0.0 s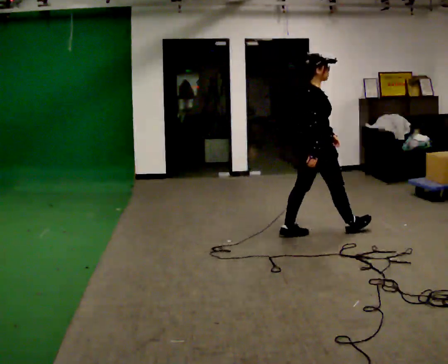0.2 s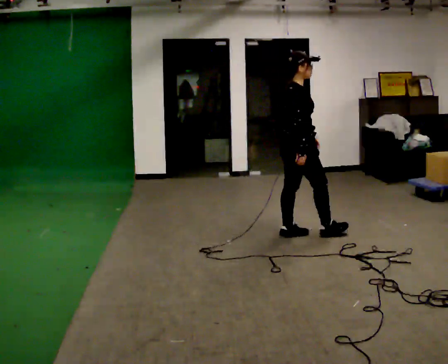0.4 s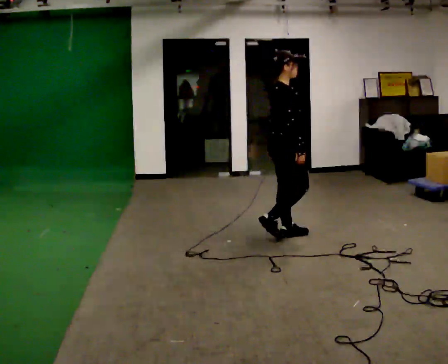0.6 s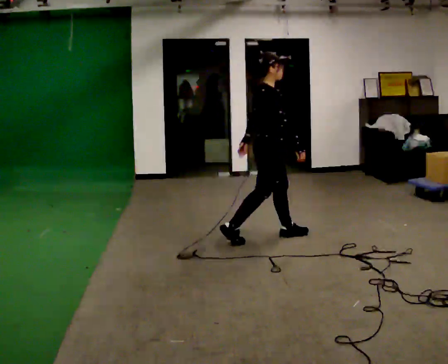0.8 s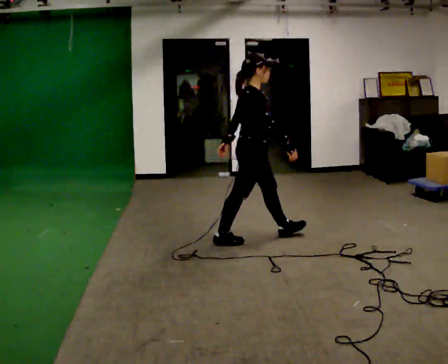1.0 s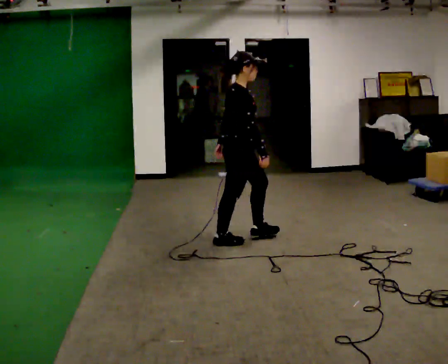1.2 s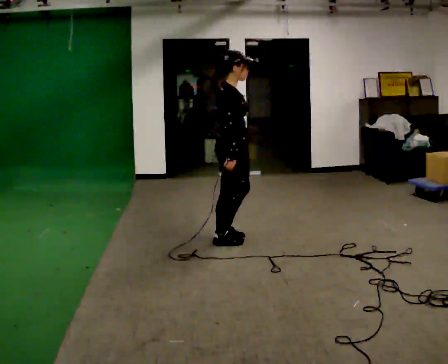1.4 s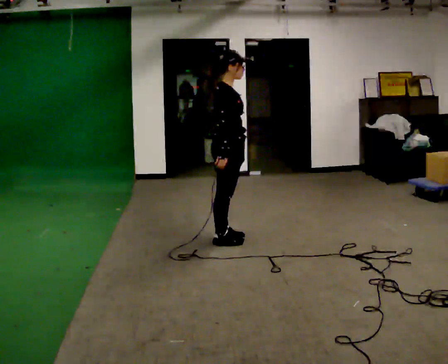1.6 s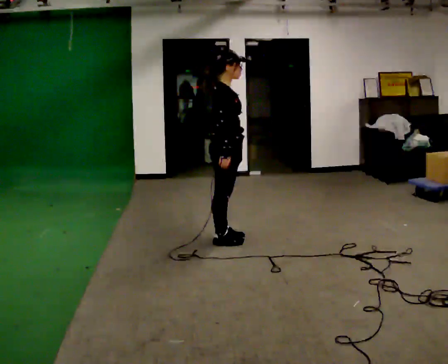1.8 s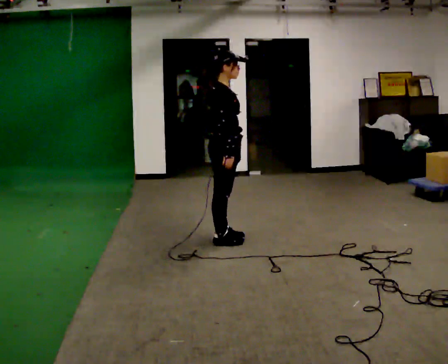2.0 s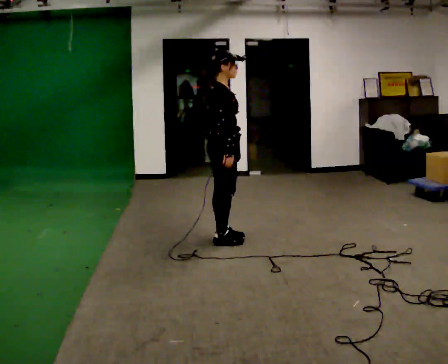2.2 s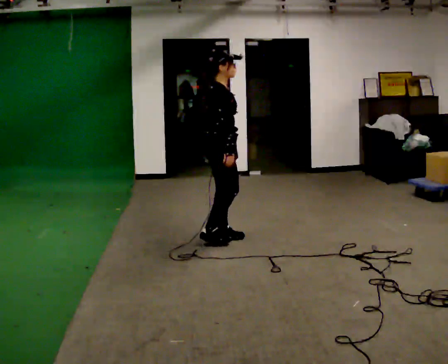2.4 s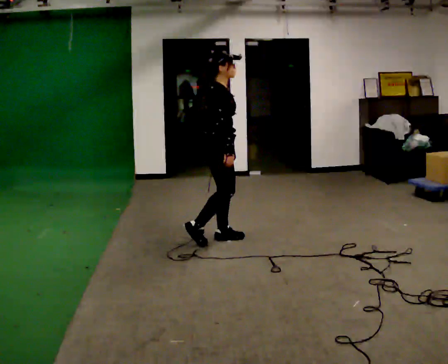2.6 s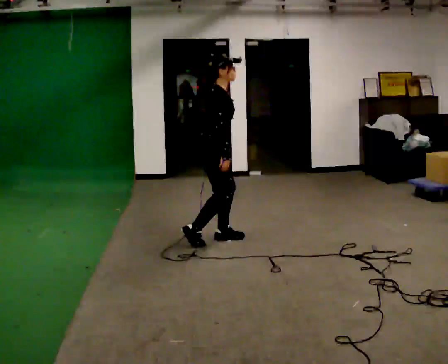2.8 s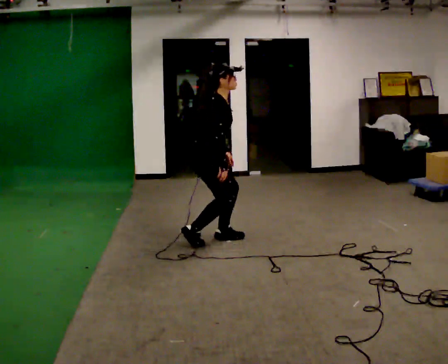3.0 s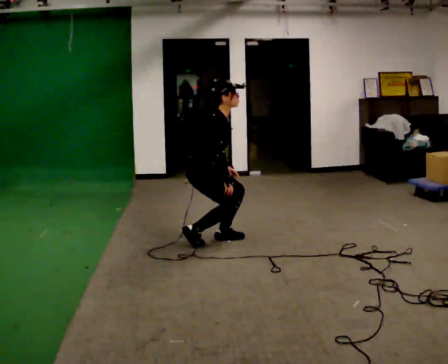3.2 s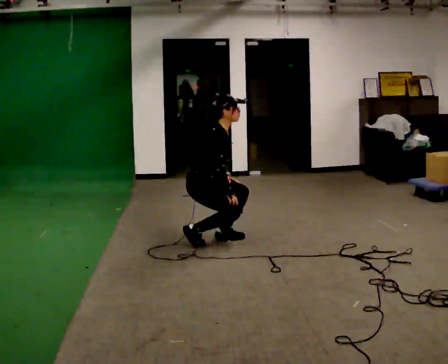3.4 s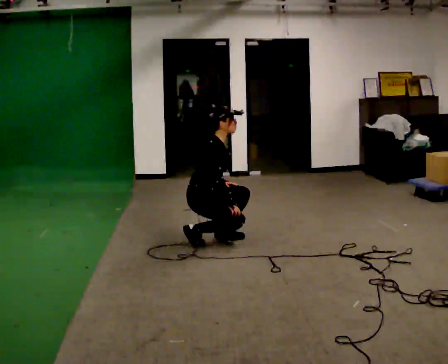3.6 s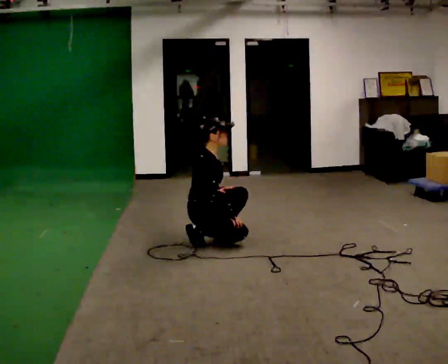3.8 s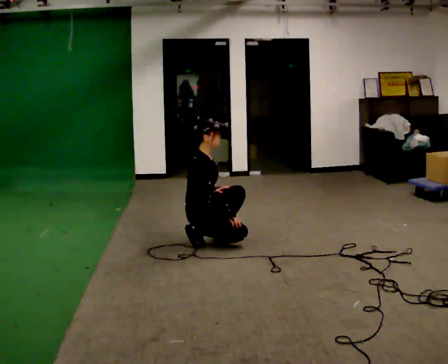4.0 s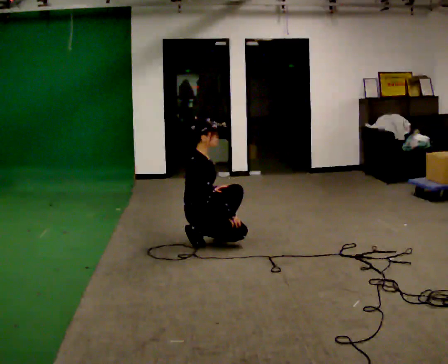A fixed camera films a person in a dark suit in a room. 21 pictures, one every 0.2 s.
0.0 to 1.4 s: In the picture they go to the left, about 1 m in 2 steps, which for them is backward.
1.4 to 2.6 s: The person moves a little, or ends about where they began.
2.6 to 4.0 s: In the picture they go to the left, about 0.25 m, which for them is backward. The upper body goes downward. In the picture their right hand goes downward.
The film runs backward here.
